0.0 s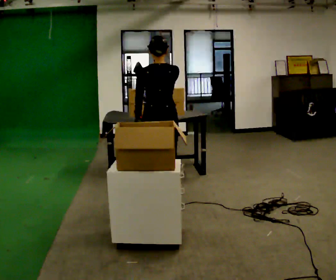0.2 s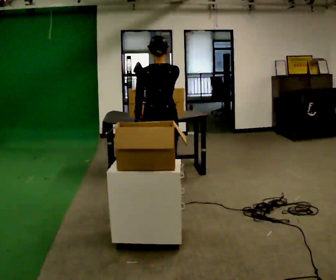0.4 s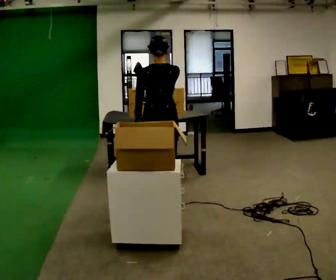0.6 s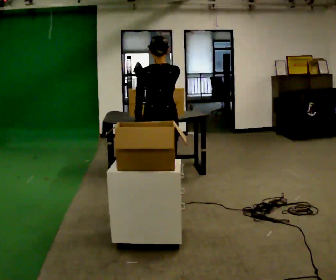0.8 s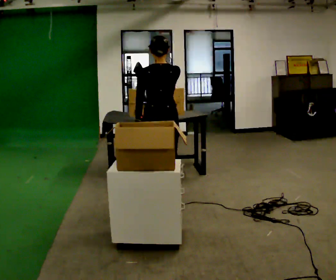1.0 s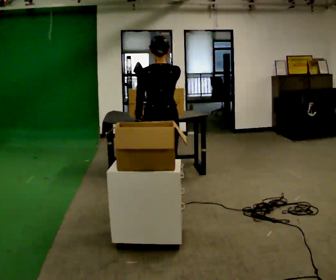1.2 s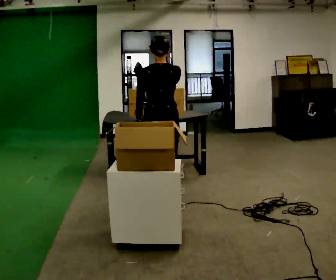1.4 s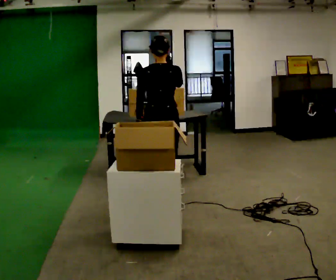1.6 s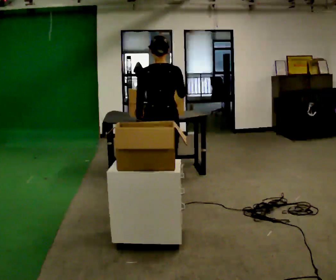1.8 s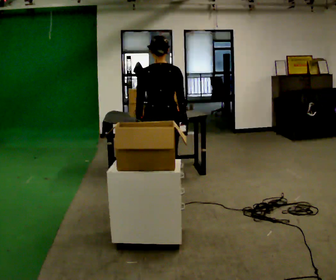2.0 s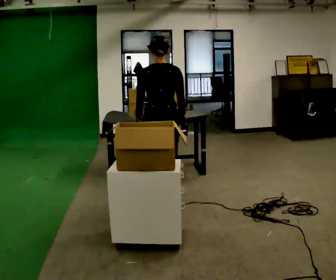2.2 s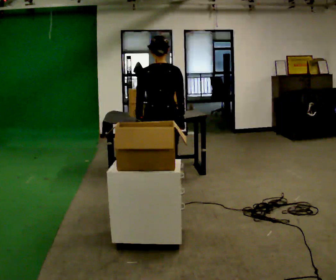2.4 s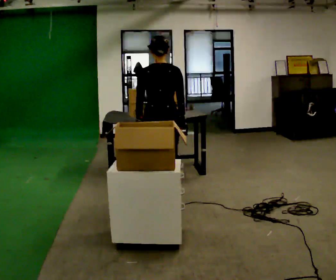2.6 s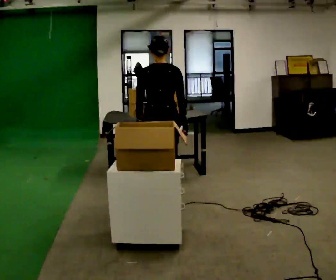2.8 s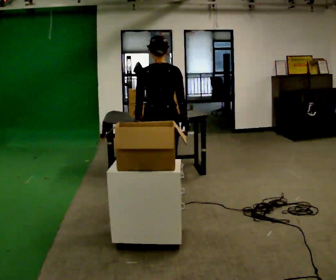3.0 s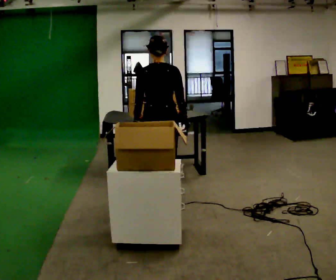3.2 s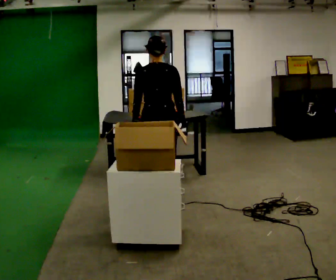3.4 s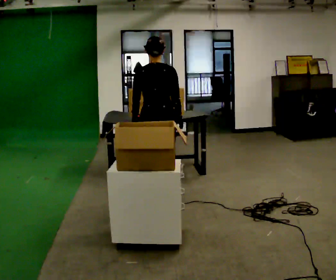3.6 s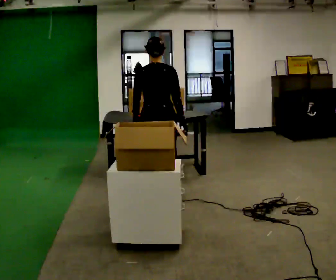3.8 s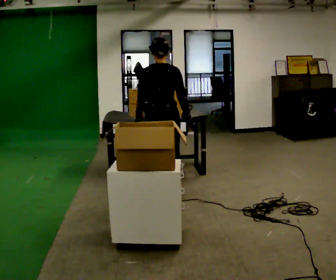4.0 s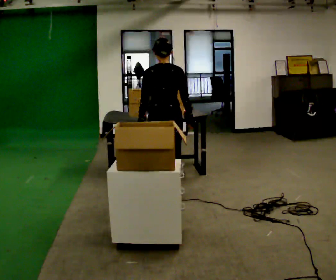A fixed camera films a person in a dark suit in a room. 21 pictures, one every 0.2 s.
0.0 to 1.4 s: The person moves a little, or ends about where they began.
1.4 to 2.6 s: In the picture their right hand goes downward.
2.6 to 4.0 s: The person moves a little, or ends about where they began.
The film runs backward here.
